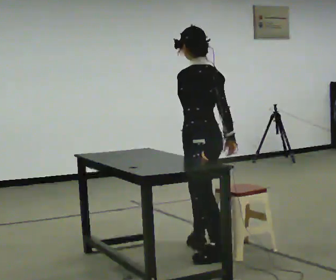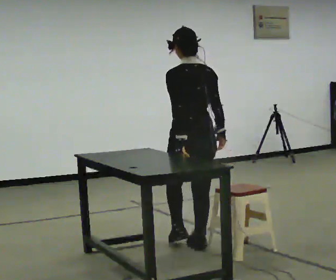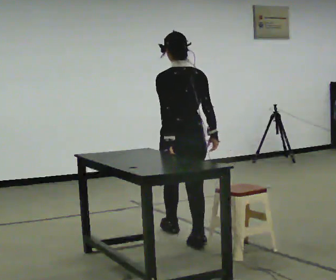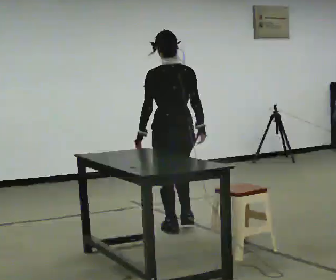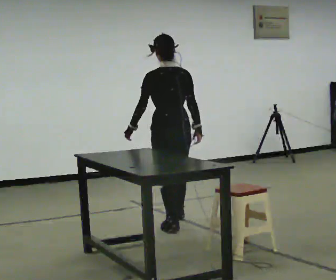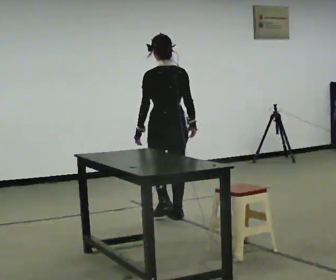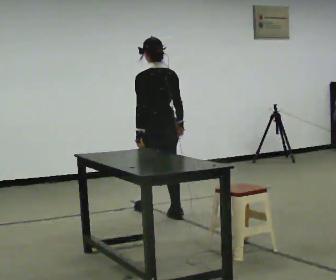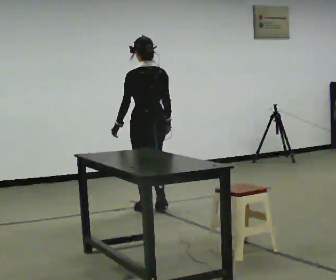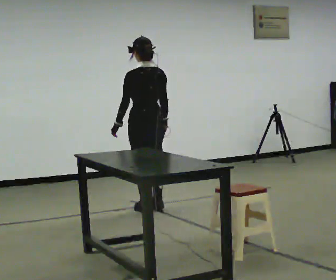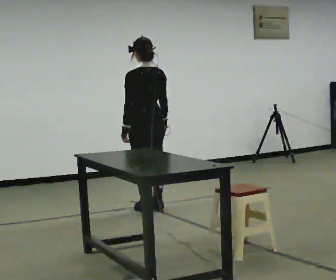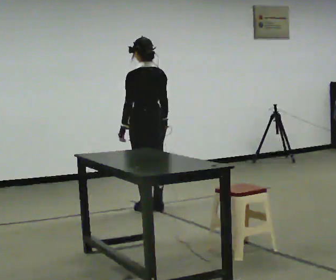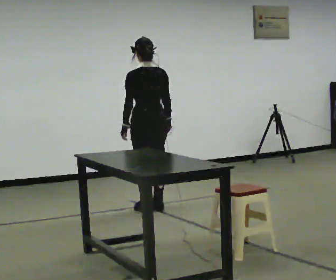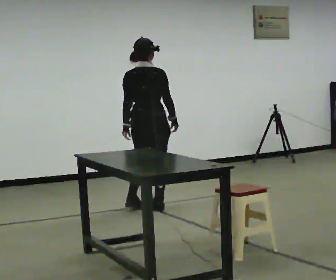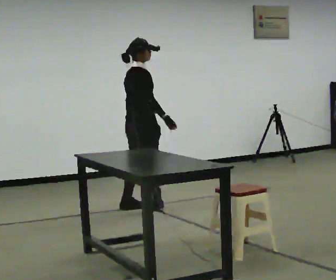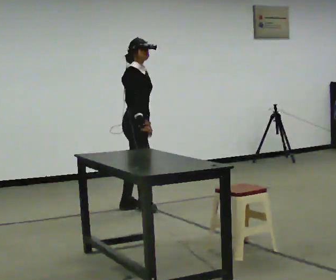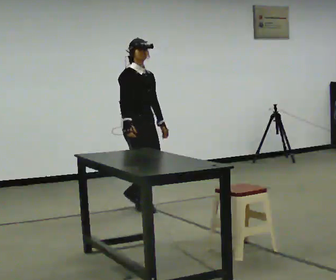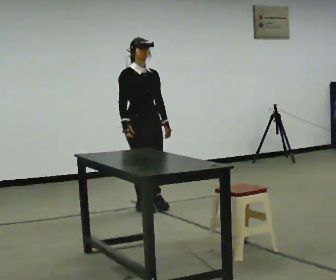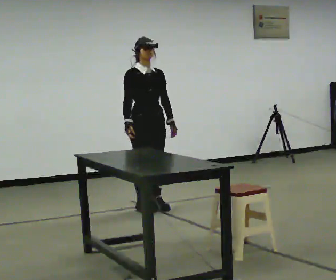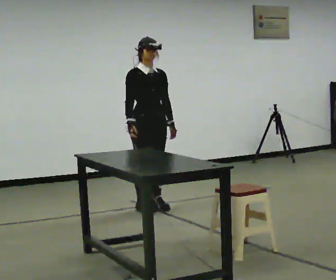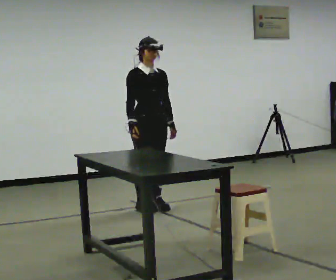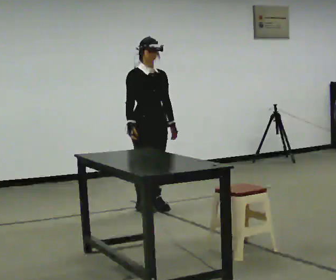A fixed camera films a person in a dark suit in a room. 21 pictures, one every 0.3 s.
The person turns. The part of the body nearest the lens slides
to the left.
The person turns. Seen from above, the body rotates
clockwise.
0.0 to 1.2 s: The person turns about 30 degrees to their right, clockwise seen from above, so the part of the body nearest the lens slides to the left. In the picture they go away from the camera, about 1 m in 2 steps, which for them is forward.
1.2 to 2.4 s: In the picture they go away from the camera, about 0.5 m in 2 steps, which for them is forward.
2.4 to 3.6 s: The part of the body nearest the lens slides to the left as the person turns to their right by about 45 degrees.
3.6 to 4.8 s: Seen from above the body turns clockwise, about 135 degrees: to their right, with its near side sliding to the left. In the picture their right hand goes to the left, the arm swinging clockwise.
4.8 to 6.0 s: The person moves a little, or ends about where they began.
The film runs forward here.
